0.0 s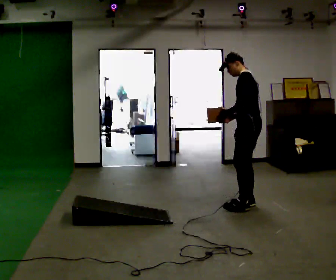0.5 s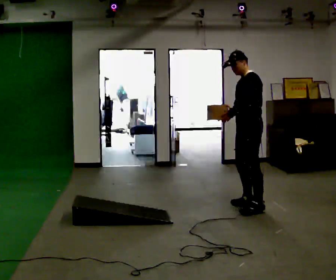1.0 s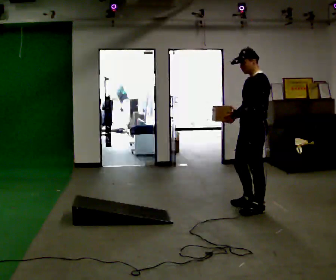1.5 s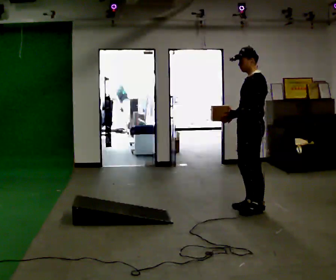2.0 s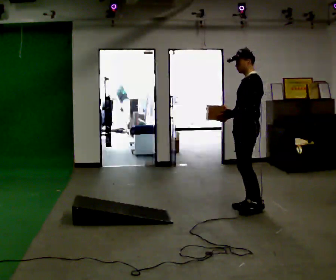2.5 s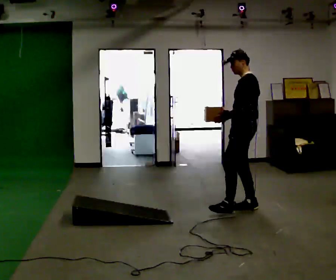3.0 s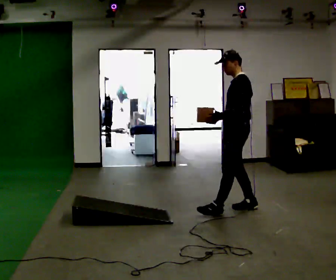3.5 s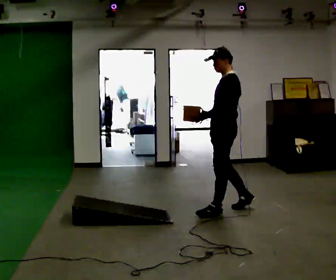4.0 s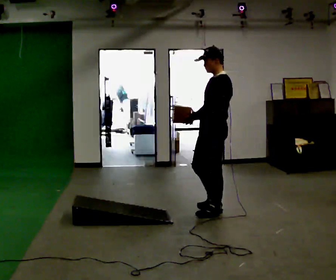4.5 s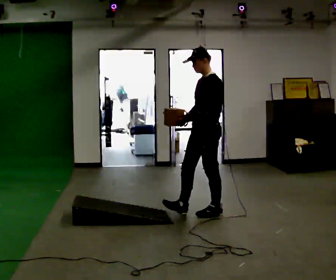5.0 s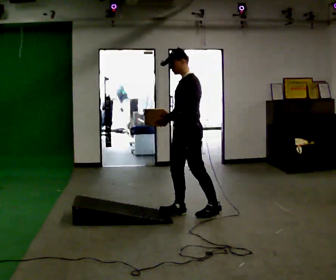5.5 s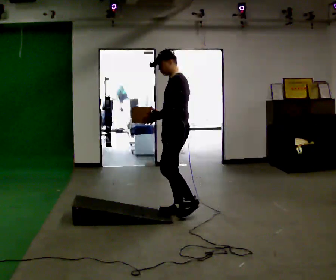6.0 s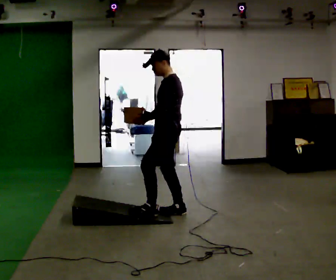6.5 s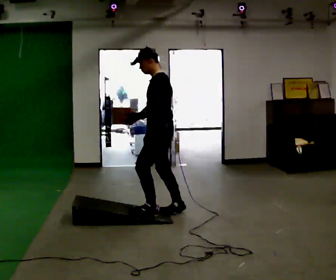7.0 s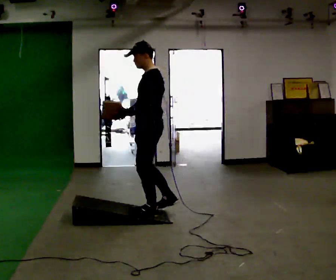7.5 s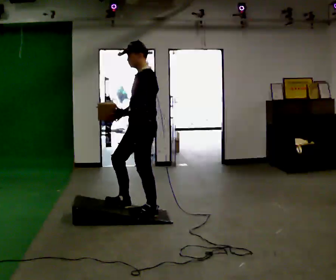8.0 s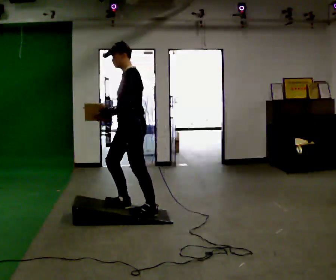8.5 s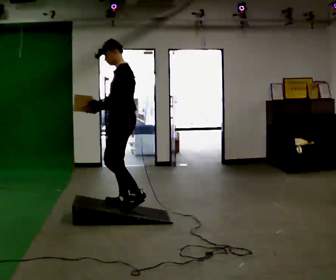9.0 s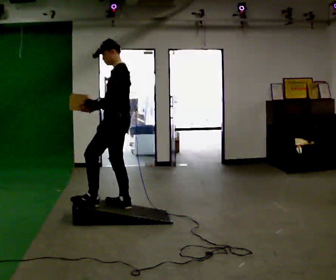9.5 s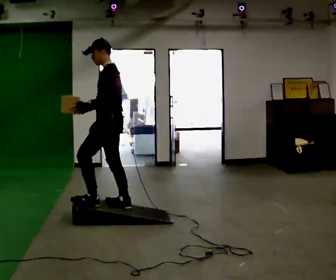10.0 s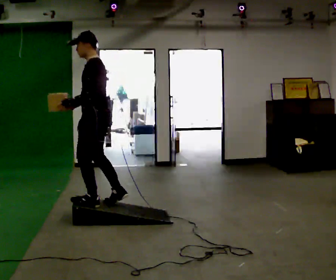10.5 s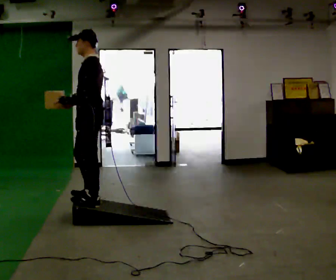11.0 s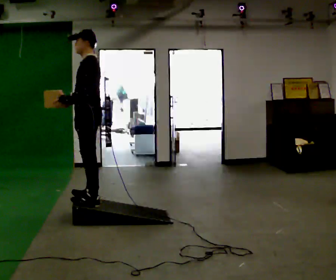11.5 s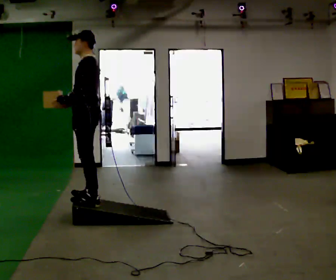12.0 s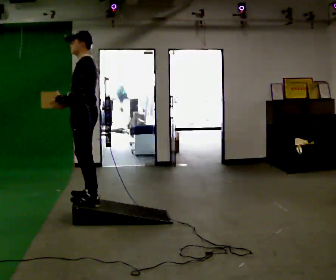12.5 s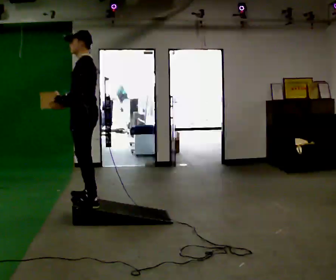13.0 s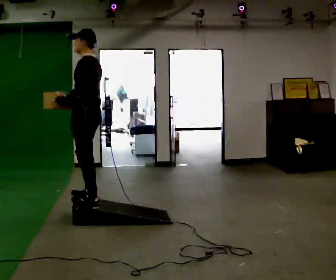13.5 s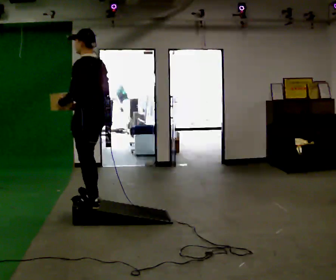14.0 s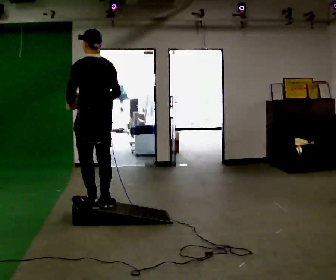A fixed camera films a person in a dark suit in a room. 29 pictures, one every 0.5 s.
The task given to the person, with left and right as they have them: Carry the box up the ramp, turn at the top, and carry it back down. Keep going until the operator says stop; one object at a time, and do not rush between trips.
0.0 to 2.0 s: The person moves a little, or ends about where they began.
2.0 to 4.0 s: In the picture they go to the left and toward the camera, about 0.5 m in 1 step, which for them is forward and to their left.
4.0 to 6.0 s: In the picture they go to the left, about 0.5 m in 2 steps, which for them is forward.
6.0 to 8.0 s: In the picture they go to the left, about 0.5 m in 1 step, which for them is forward.
8.0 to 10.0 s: In the picture they go to the left, about 0.25 m in 1 step, which for them is forward.
10.0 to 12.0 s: The person moves a little, or ends about where they began.
12.0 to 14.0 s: Seen from above the body turns clockwise, about 60 degrees: to their right, with its near side sliding to the left. In the picture they go toward the camera, about 0.25 m in 1 step.
The film runs forward here.
